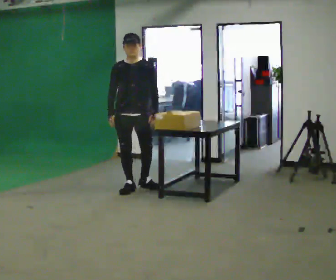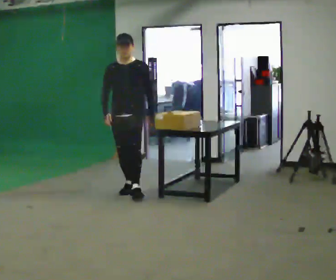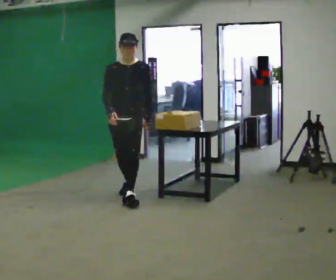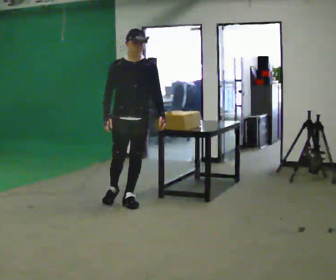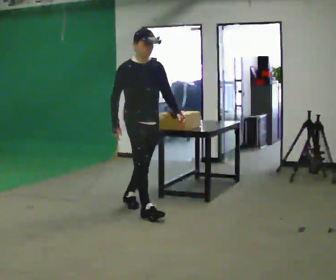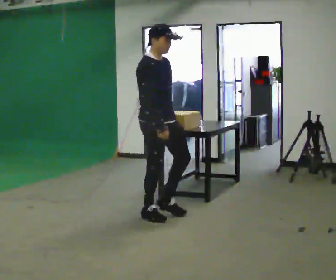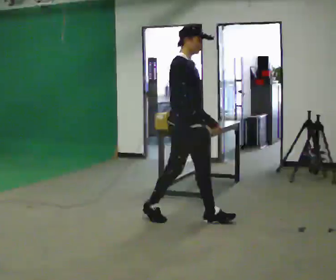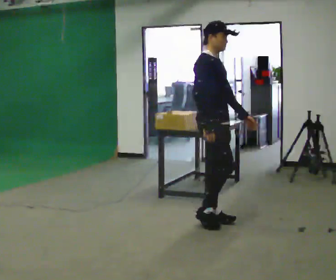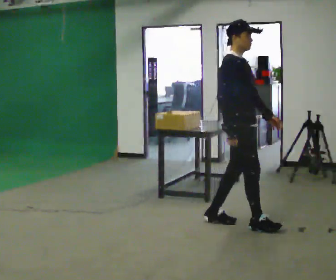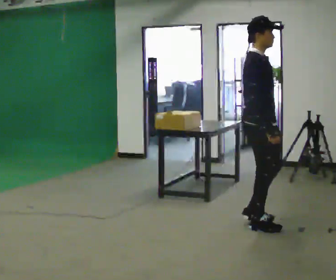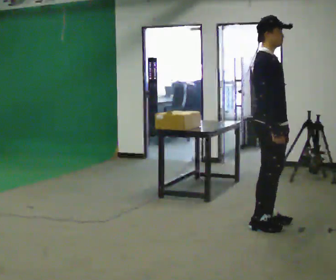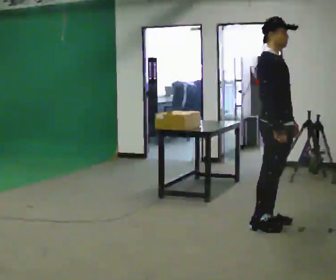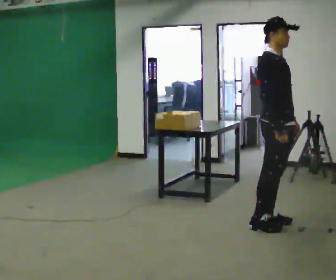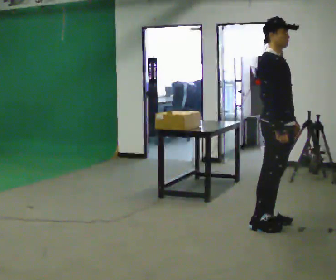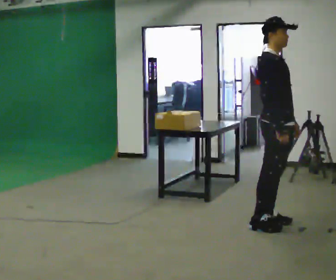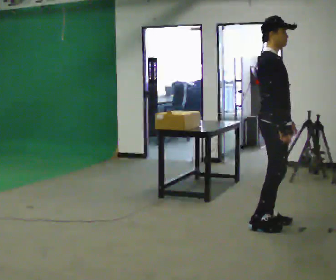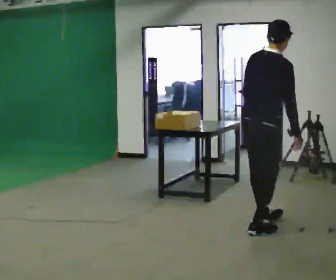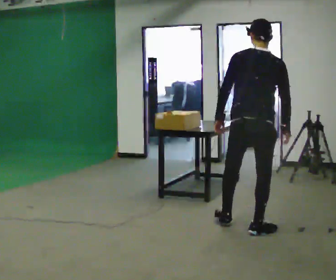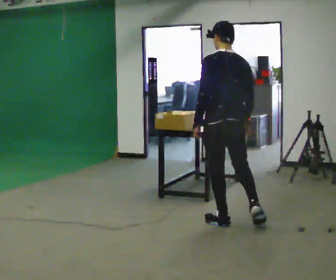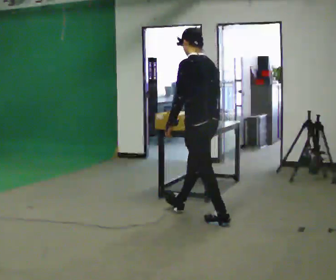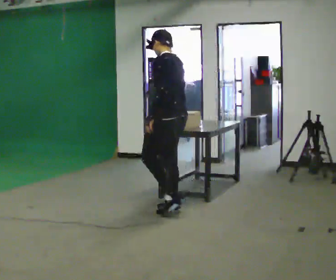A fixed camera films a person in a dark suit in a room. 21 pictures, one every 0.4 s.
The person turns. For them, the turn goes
to their left.
The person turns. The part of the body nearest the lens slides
to the right.
0.0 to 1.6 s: Seen from above the body turns counterclockwise, about 45 degrees: to their left, with its near side sliding to the right. In the picture they go toward the camera and to the right, about 1 m in 2 steps, which for them is forward.
1.6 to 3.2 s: The part of the body nearest the lens slides to the right as the person turns to their left by about 30 degrees. In the picture they go to the right, about 1 m in 2 steps, which for them is forward.
3.2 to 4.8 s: In the picture they go to the right, about 0.25 m in 1 step, which for them is forward.
4.8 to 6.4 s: The person turns about 60 degrees to their left, counterclockwise seen from above, so the part of the body nearest the lens slides to the right. In the picture the upper body tilts clockwise, shoulders to the right, as they bend forward. In the picture their left hand goes to the left.
6.4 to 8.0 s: Seen from above the body turns counterclockwise, about 120 degrees: to their left, with its near side sliding to the right. In the picture they go to the left and away from the camera, about 1 m in 2 steps. In the picture the upper body tilts counterclockwise, shoulders to the left.
The film runs forward here.
